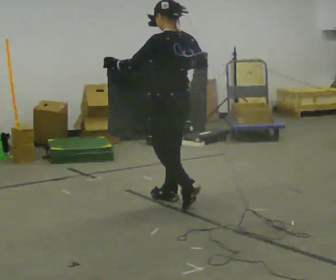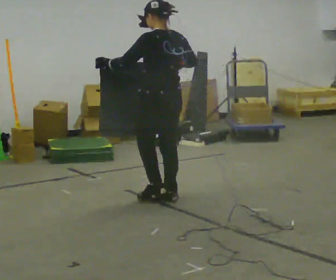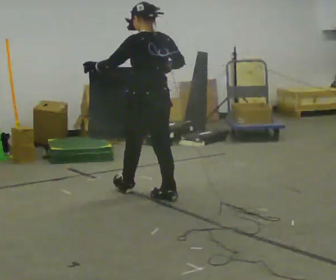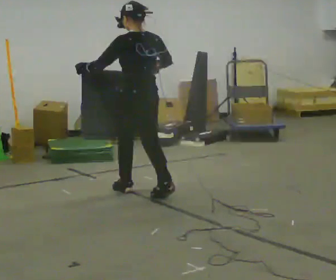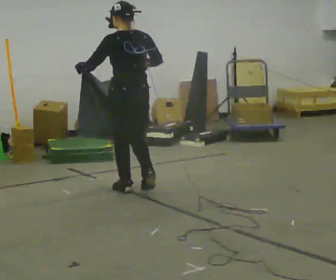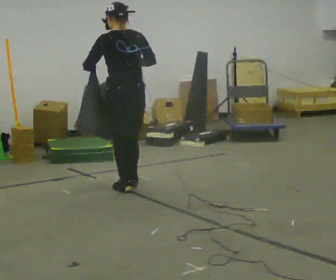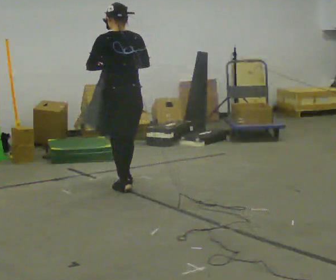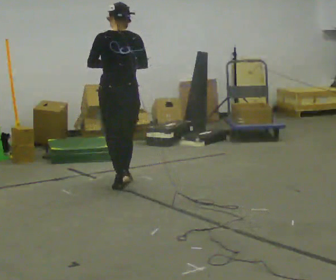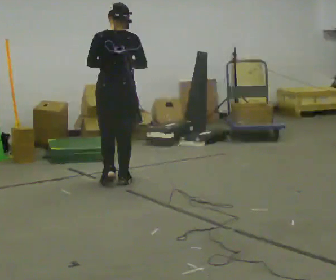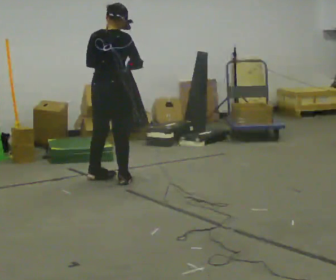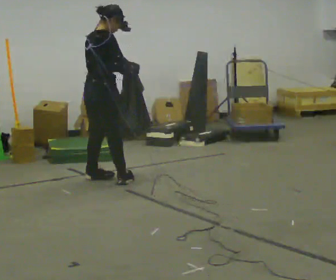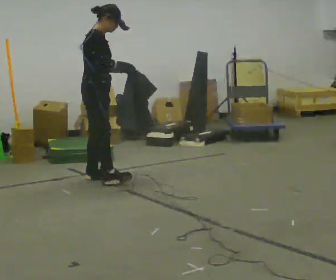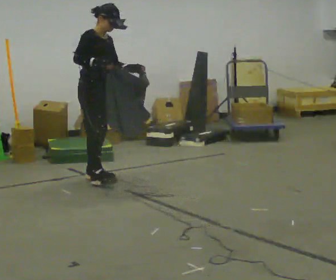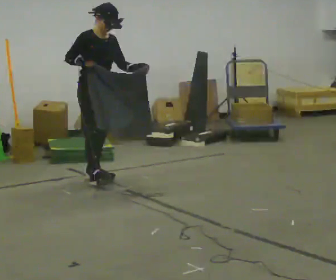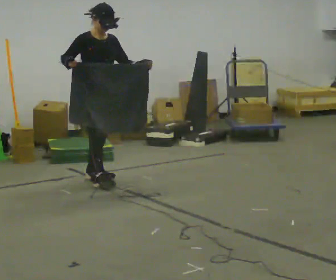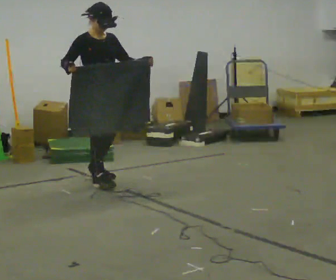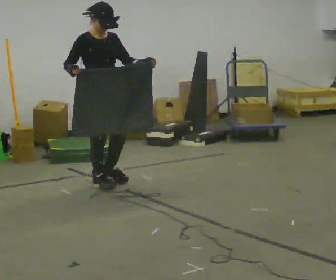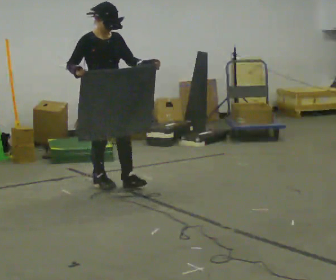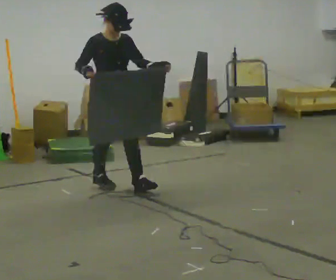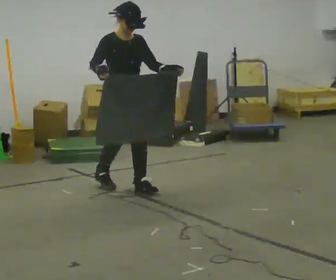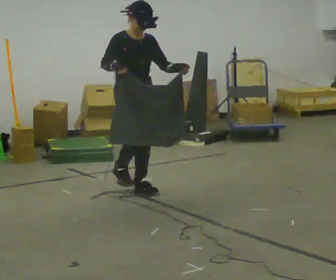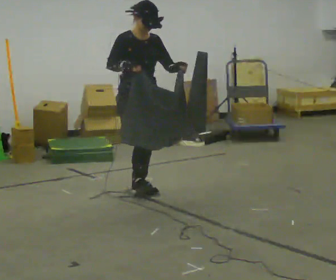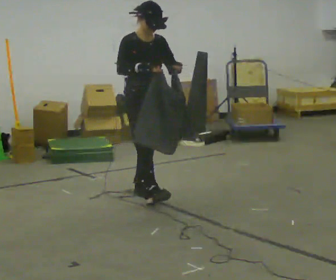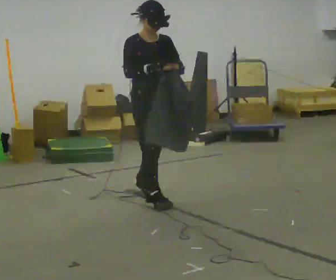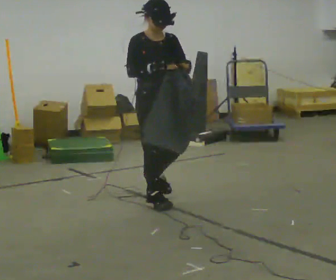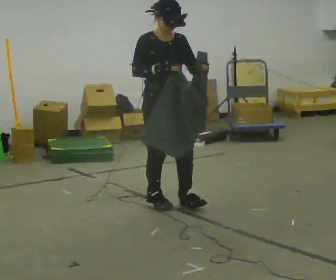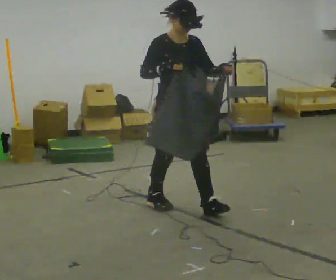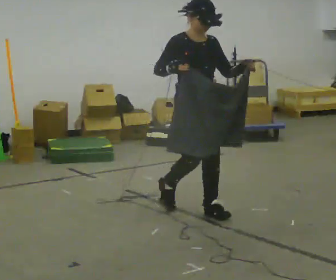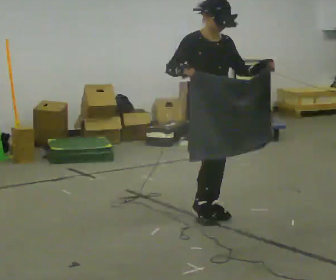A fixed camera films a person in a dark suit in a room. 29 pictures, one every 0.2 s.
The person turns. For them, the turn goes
to their right.
The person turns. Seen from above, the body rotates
clockwise.
0.0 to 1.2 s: In the picture they go away from the camera and to the left, about 0.5 m in 2 steps, which for them is forward.
1.2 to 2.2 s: Seen from above the body turns clockwise, about 105 degrees: to their right, with its near side sliding to the left. In the picture they go away from the camera and to the left, about 0.25 m in 1 step.
2.2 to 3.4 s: The part of the body nearest the lens slides to the left as the person turns to their right by about 45 degrees. In the picture they go toward the camera, about 0.25 m in 1 step, which for them is forward. In the picture their right hand goes to the left.
3.4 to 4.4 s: In the picture they go toward the camera and to the right, about 0.5 m in 1 step, which for them is forward.
4.4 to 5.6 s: In the picture they go toward the camera and to the right, about 0.5 m in 2 steps, which for them is forward.
The film runs forward here.
